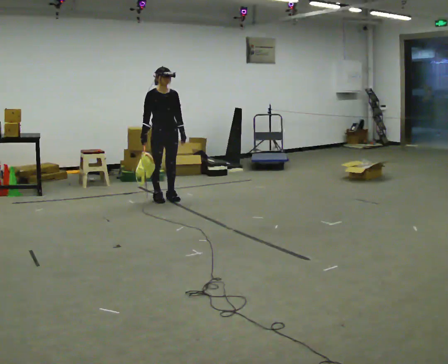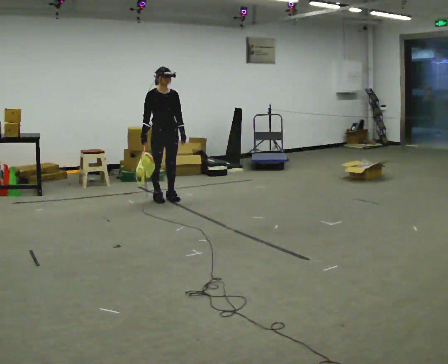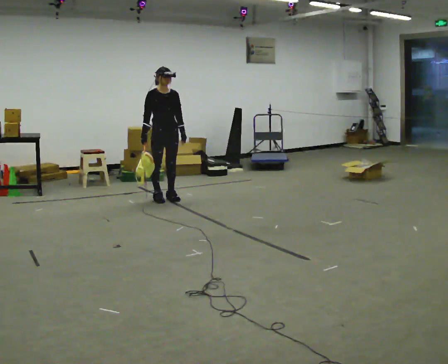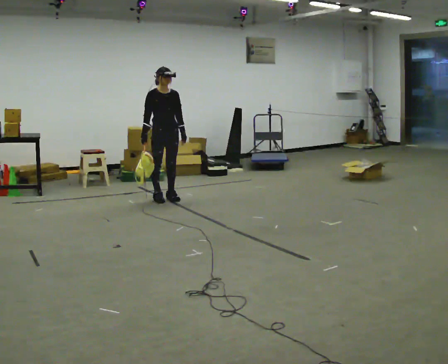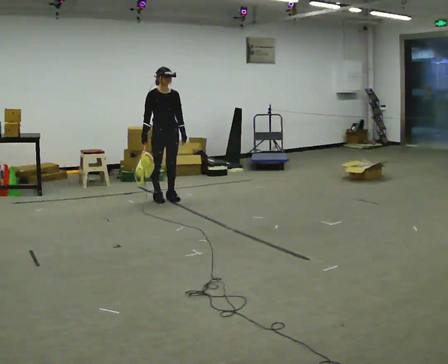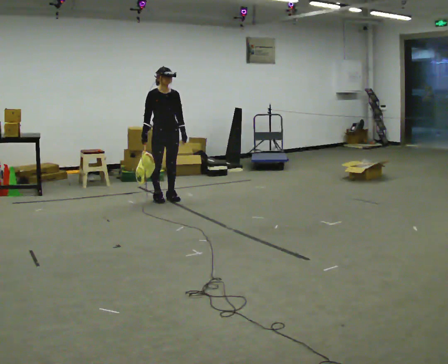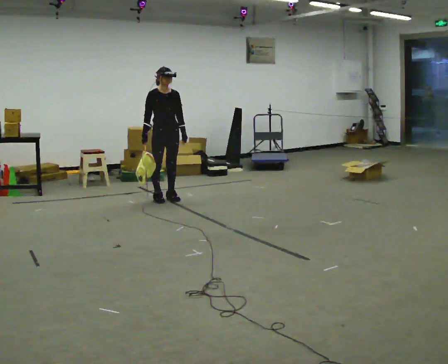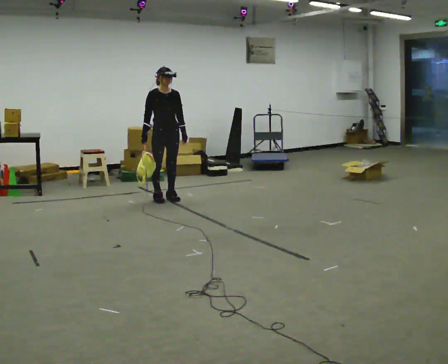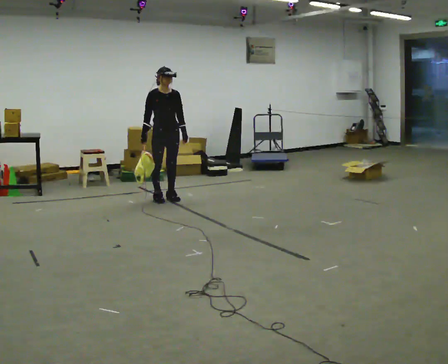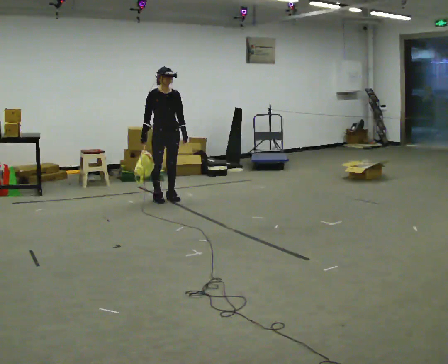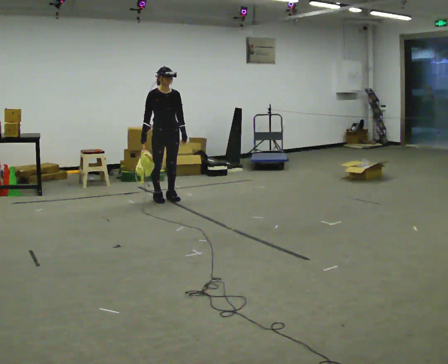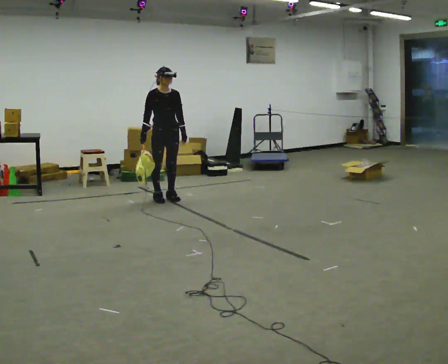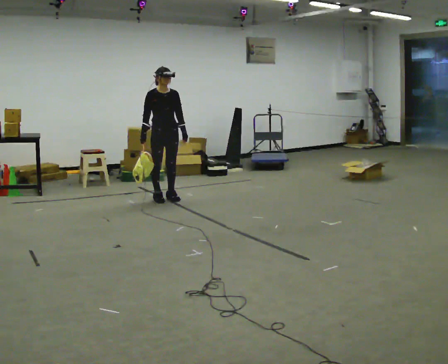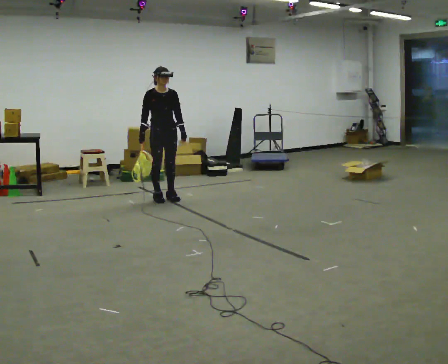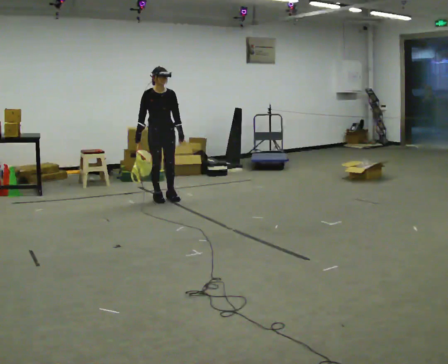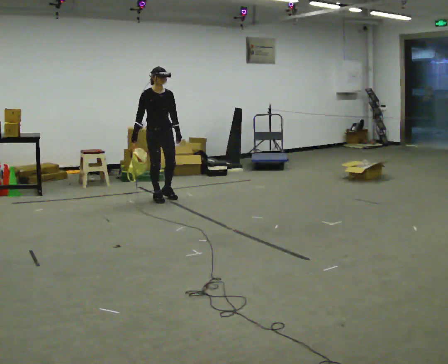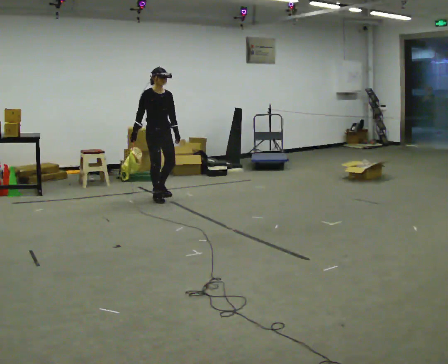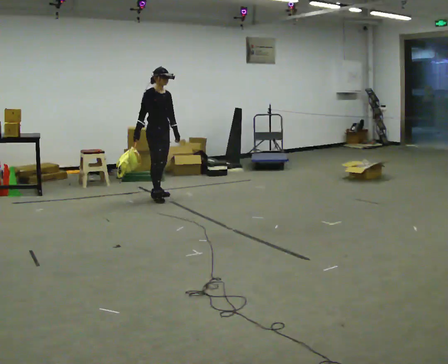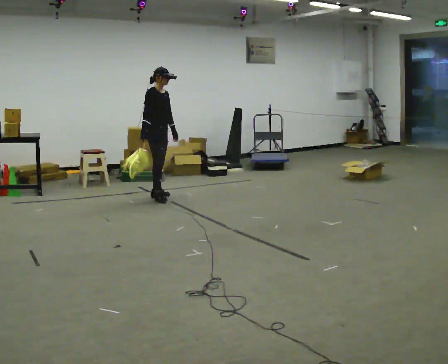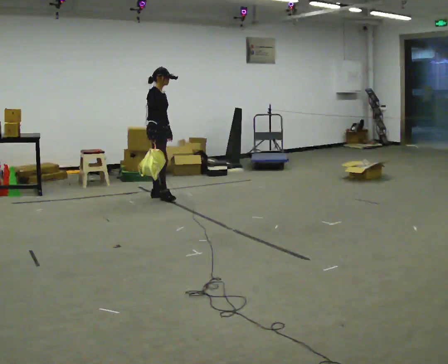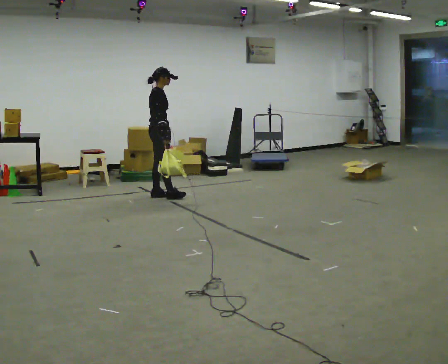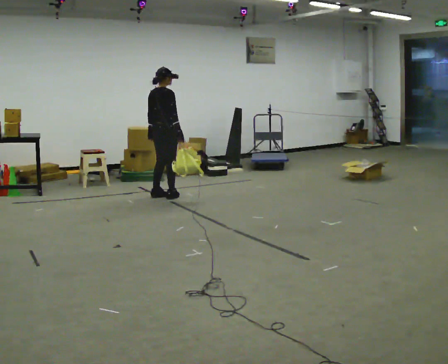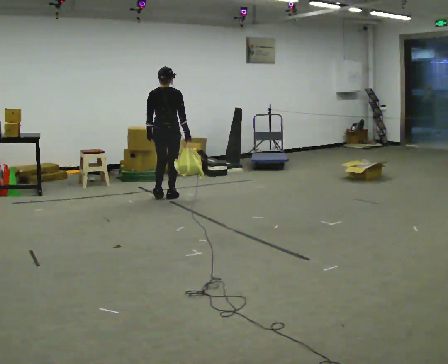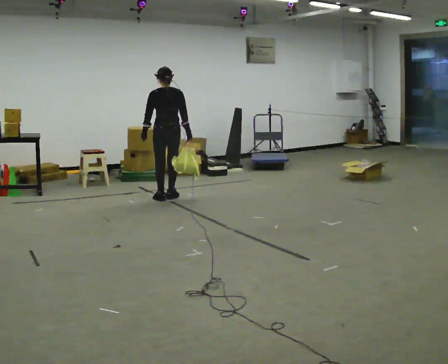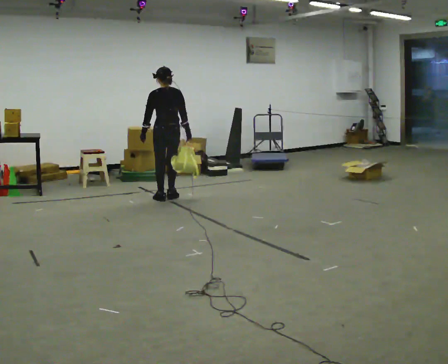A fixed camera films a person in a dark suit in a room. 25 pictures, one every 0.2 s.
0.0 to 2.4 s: The person moves a little, or ends about where they began.
2.4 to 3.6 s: The person turns about 30 degrees to their left, counterclockwise seen from above, so the part of the body nearest the lens slides to the right.
3.6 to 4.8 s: Seen from above the body turns counterclockwise, about 135 degrees: to their left, with its near side sliding to the right. In the picture they go to the right, about 0.25 m in 2 steps. In the picture their right hand goes to the right, the arm swinging counterclockwise.
The film runs backward here.
